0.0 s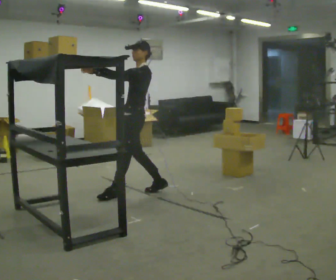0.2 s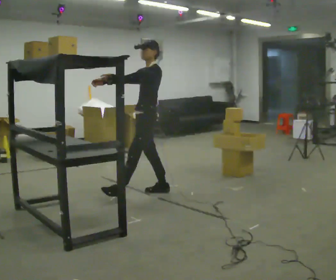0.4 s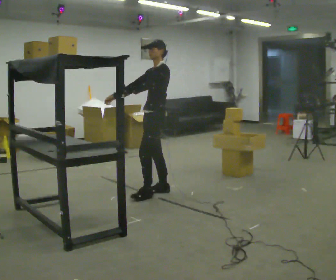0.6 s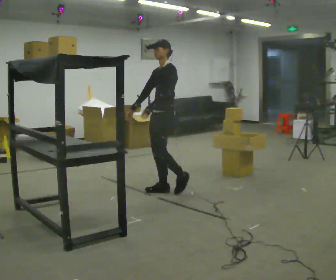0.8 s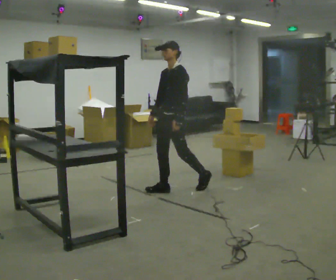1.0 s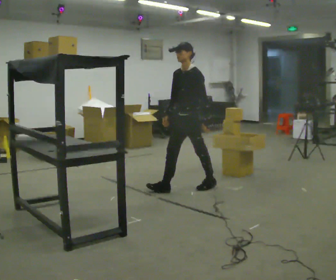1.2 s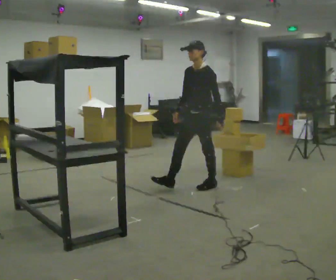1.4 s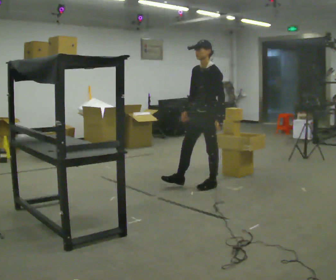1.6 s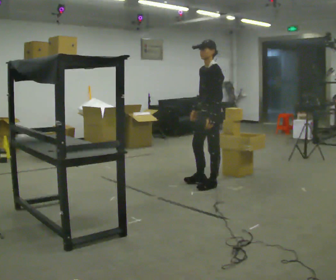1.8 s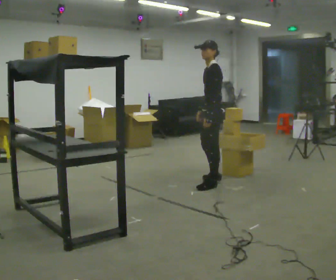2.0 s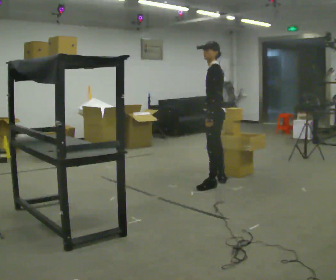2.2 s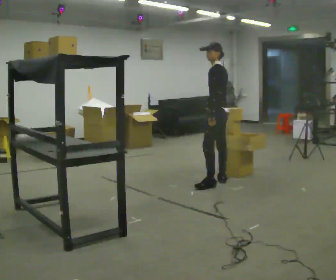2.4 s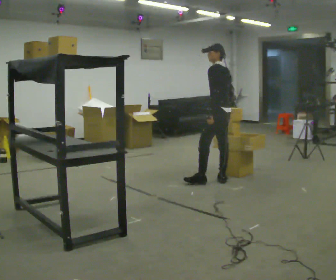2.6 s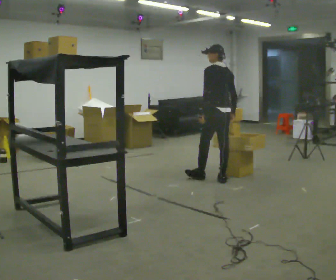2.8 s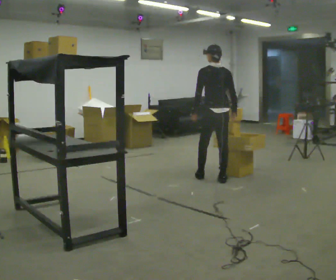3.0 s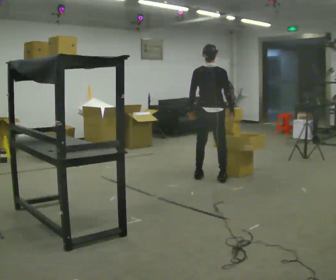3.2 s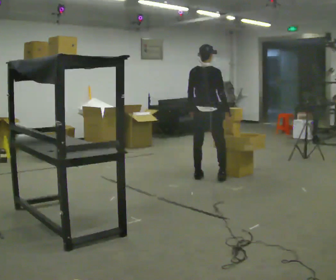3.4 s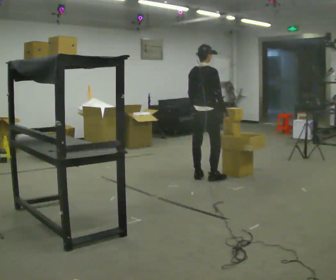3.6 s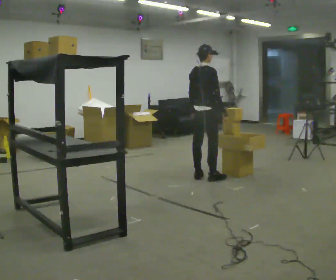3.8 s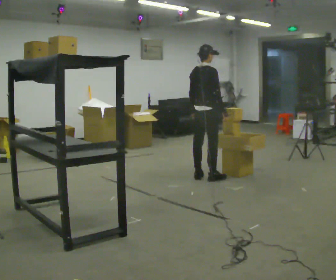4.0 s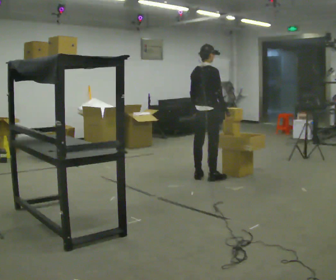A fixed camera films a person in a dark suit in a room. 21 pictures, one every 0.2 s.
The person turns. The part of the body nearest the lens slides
to the left.
The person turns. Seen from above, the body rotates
clockwise.
0.0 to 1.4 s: In the picture they go to the right and away from the camera, about 1 m in 2 steps, which for them is backward. In the picture their left hand goes downward.
1.4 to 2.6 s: The part of the body nearest the lens slides to the left as the person turns to their right by about 90 degrees. In the picture they go away from the camera, about 0.25 m in 1 step. The upper body tips away from the camera, its near side rolling upward.
2.6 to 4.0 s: The person turns about 90 degrees to their right, clockwise seen from above, so the part of the body nearest the lens slides to the left. In the picture they go to the left, about 0.25 m in 1 step.
The film runs backward here.
